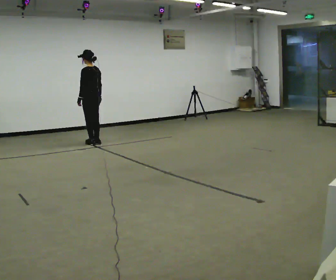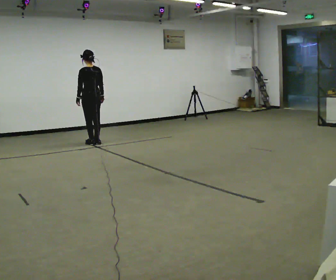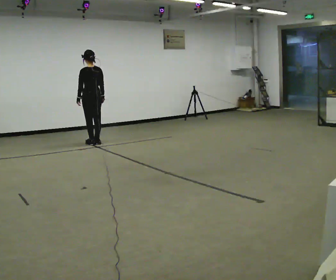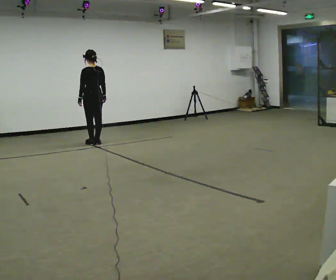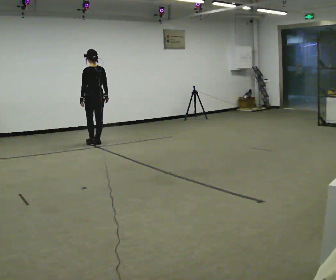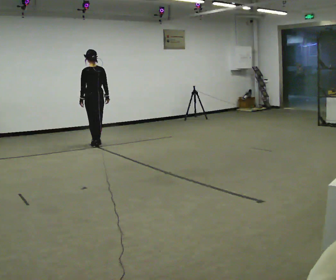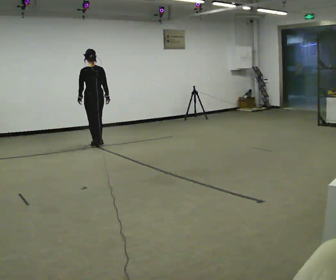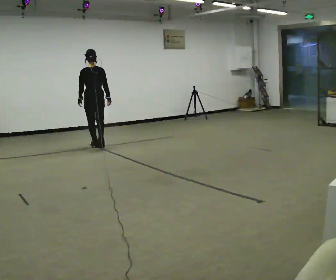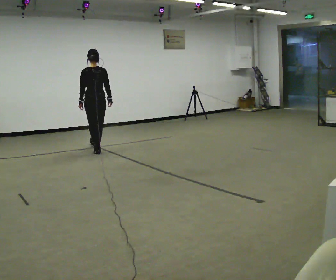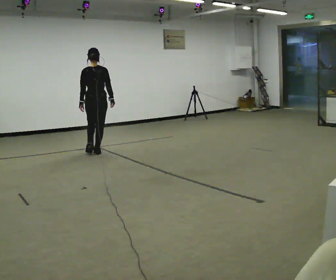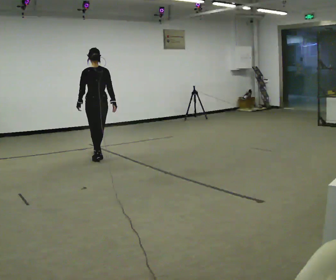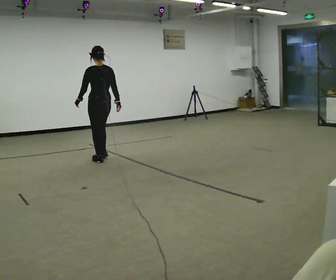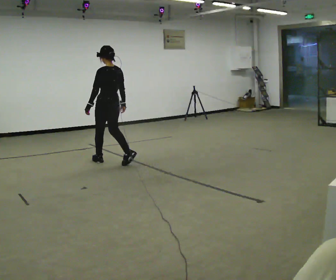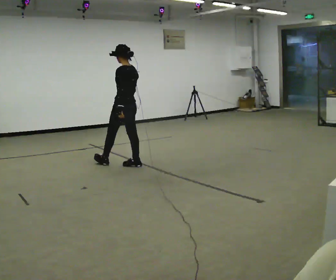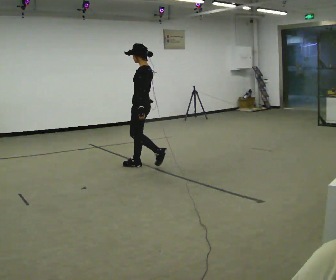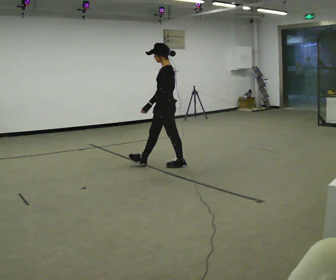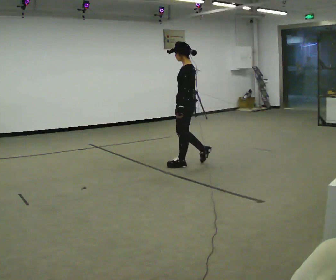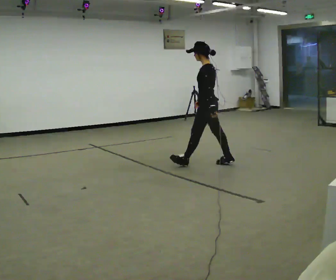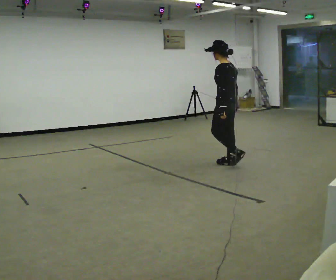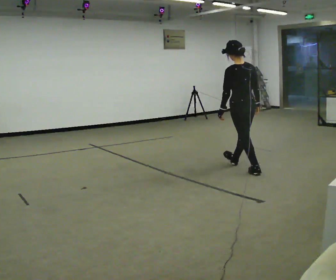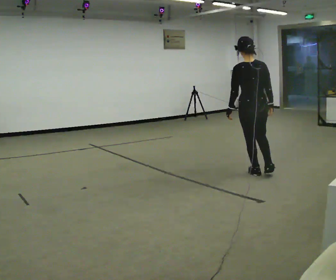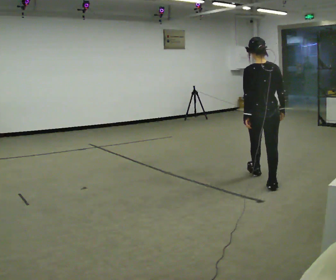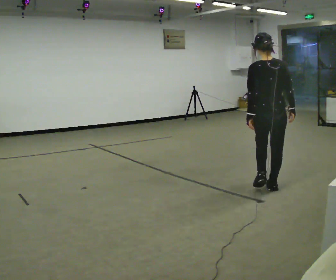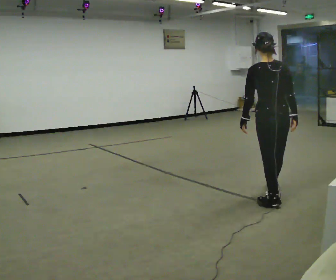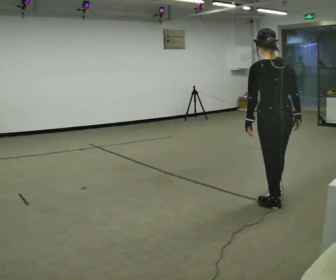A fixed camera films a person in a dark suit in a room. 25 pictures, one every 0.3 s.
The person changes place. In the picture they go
toward the camera.
0.0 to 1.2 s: The person moves a little, or ends about where they began.
1.2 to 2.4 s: The person turns about 30 degrees to their right, clockwise seen from above, so the part of the body nearest the lens slides to the left. In the picture they go toward the camera, about 0.5 m in 2 steps, which for them is backward.
2.4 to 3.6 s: The part of the body nearest the lens slides to the right as the person turns to their left by about 45 degrees. In the picture they go toward the camera, about 1 m in 1 step, which for them is backward.
3.6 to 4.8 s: Seen from above the body turns counterclockwise, about 45 degrees: to their left, with its near side sliding to the right. In the picture they go to the right and toward the camera, about 1 m in 2 steps, which for them is backward.
4.8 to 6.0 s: Seen from above the body turns clockwise, about 75 degrees: to their right, with its near side sliding to the left. In the picture they go toward the camera and to the right, about 1 m in 2 steps.
6.0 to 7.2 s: In the picture they go toward the camera, about 1 m in 2 steps, which for them is backward.
The film runs backward here.
